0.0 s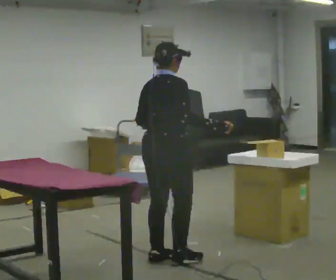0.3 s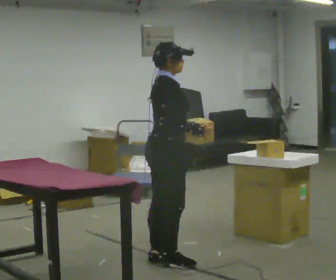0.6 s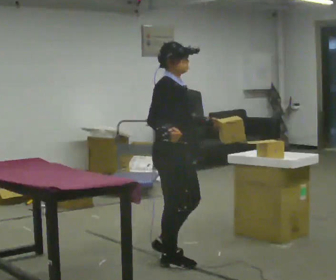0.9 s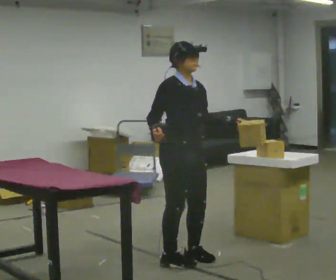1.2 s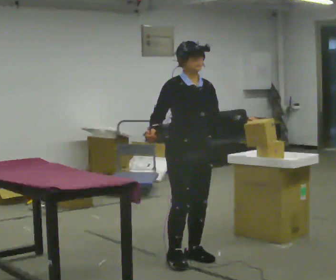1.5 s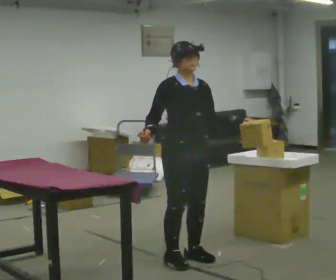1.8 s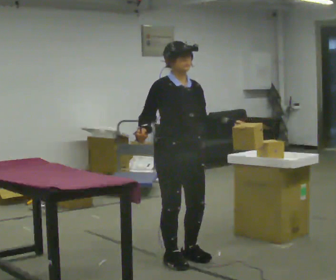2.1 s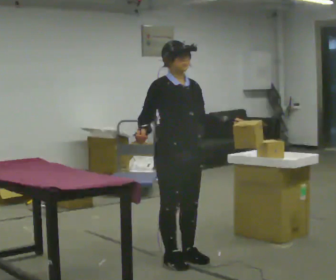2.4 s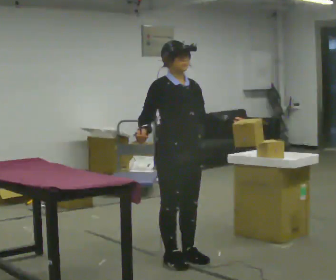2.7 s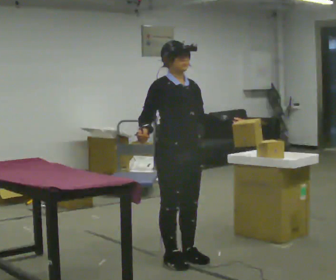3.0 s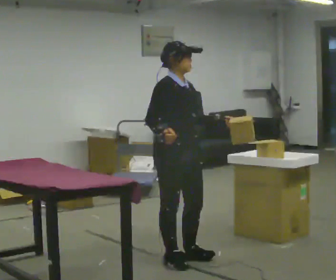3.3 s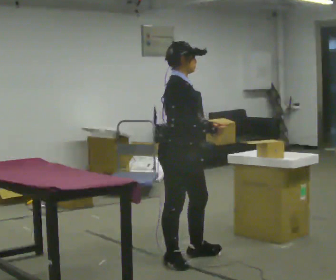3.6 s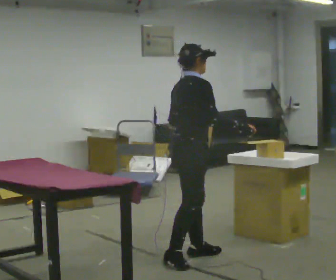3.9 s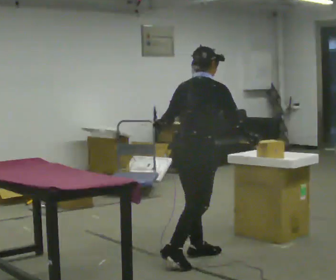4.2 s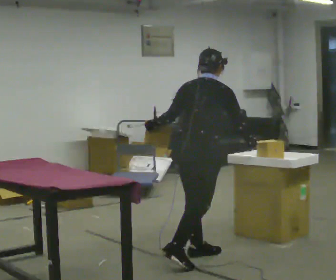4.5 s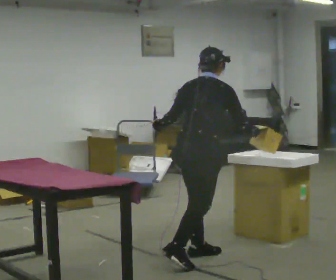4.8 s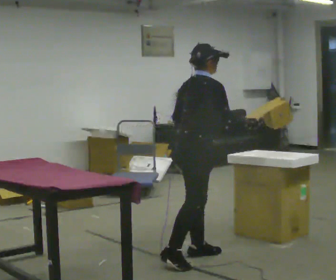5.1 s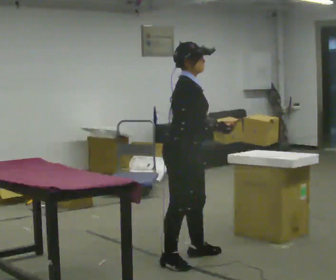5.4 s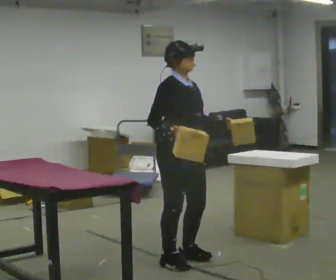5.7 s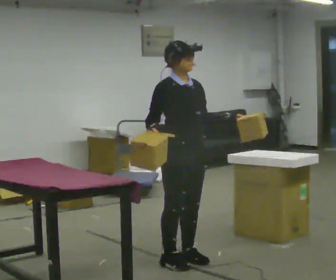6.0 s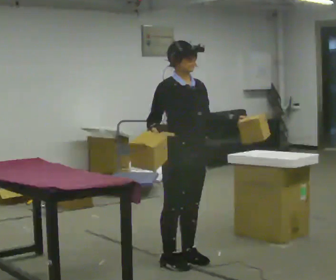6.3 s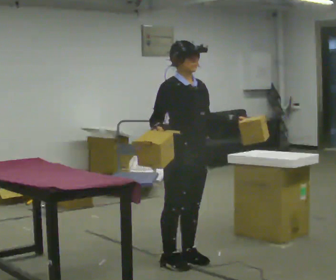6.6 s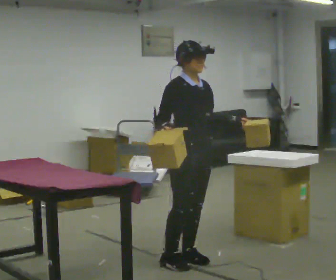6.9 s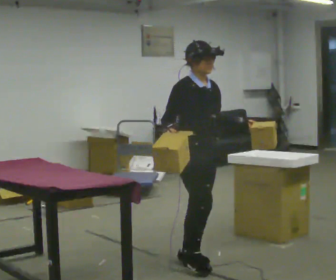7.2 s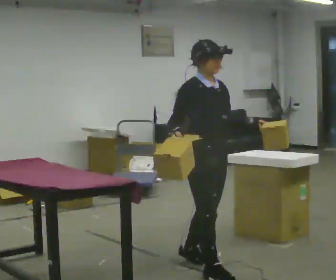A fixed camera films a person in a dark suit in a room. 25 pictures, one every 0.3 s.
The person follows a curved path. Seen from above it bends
clockwise.
0.0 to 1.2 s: The part of the body nearest the lens slides to the left as the person turns to their right by about 105 degrees. In the picture they go to the right, about 0.25 m in 2 steps. In the picture their left hand goes to the right.
1.2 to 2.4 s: The person moves a little, or ends about where they began.
2.4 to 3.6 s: Seen from above the body turns counterclockwise, about 60 degrees: to their left, with its near side sliding to the right. In the picture their right hand goes to the right.
3.6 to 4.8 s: The person moves a little, or ends about where they began.
4.8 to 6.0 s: The person turns about 60 degrees to their right, clockwise seen from above, so the part of the body nearest the lens slides to the left. In the picture their right hand goes to the left.
6.0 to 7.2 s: In the picture they go toward the camera, about 0.25 m in 1 step, which for them is forward.
The film runs forward here.
